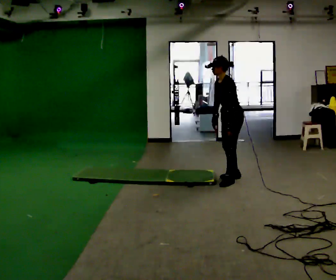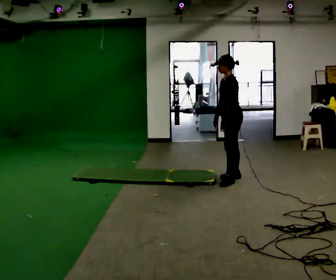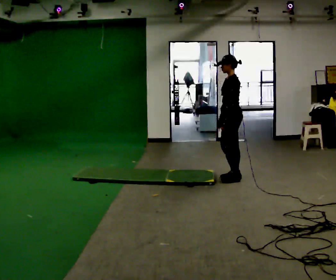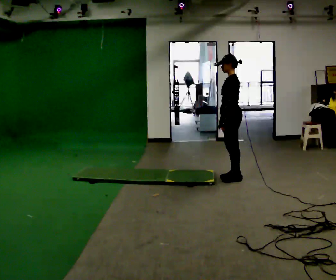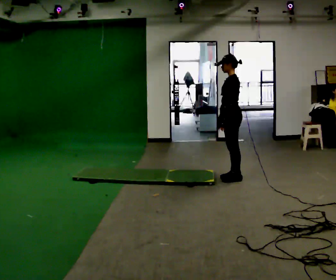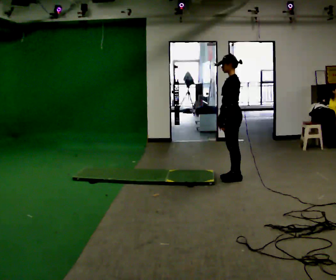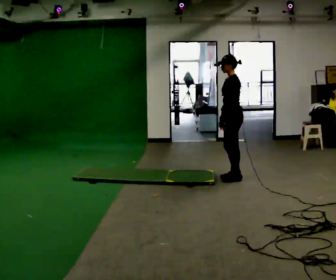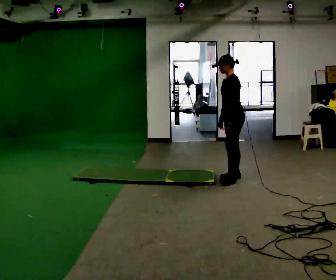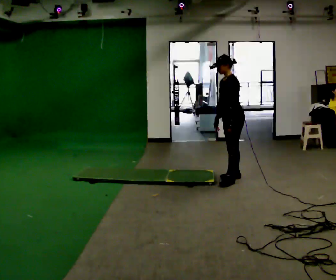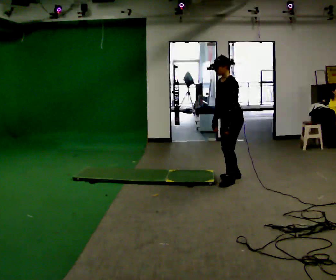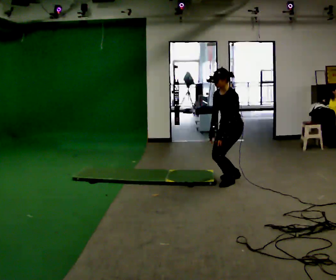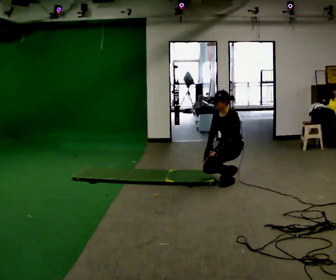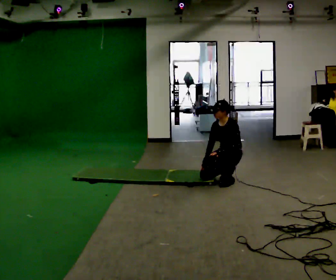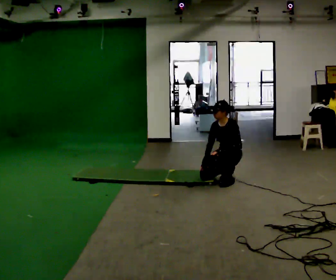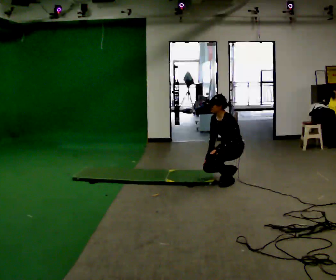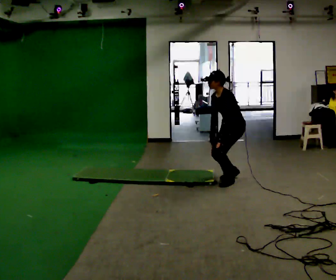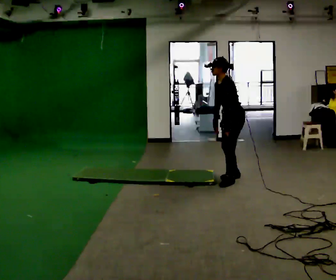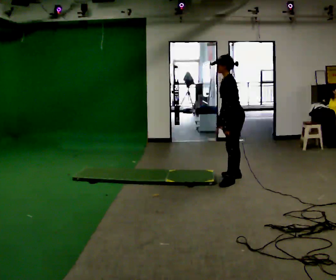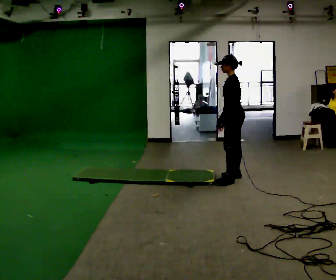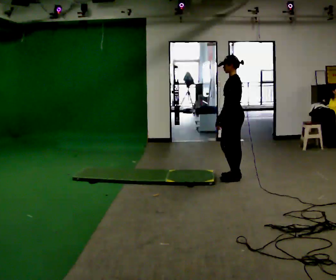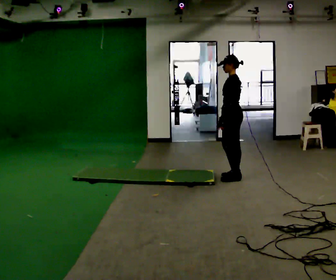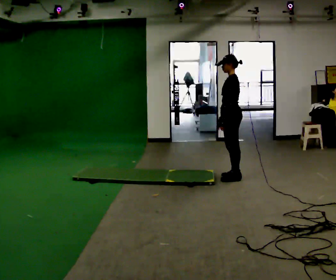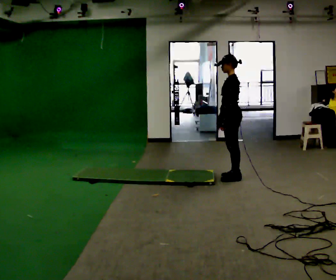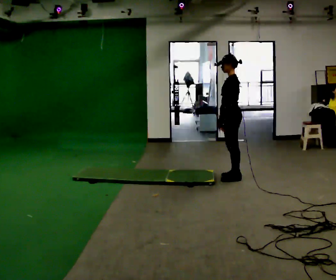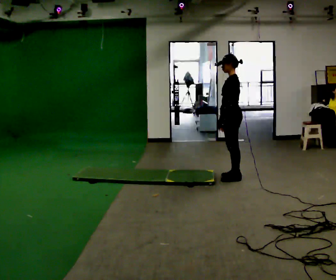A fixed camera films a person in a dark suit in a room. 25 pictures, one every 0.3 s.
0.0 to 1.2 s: In the picture the upper body tilts clockwise, shoulders to the right, as they lean back or straighten.
1.2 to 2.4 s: The person moves a little, or ends about where they began.
2.4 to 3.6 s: Seen from above the body turns counterclockwise, about 30 degrees: to their left, with its near side sliding to the right. The shoulders move downward. In the picture their right hand goes downward.
3.6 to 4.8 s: Seen from above the body turns clockwise, about 30 degrees: to their right, with its near side sliding to the left. The upper body goes upward. In the picture their right hand goes upward.
4.8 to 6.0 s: In the picture the upper body tilts clockwise, shoulders to the right, as they lean back or straighten.
6.0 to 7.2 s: The person moves a little, or ends about where they began.
The film runs forward here.
